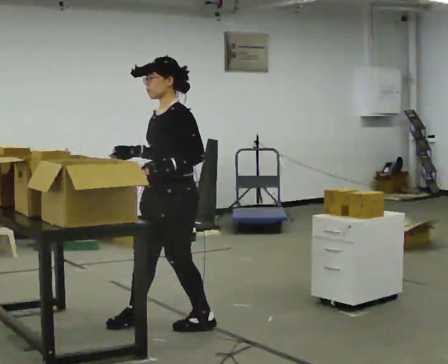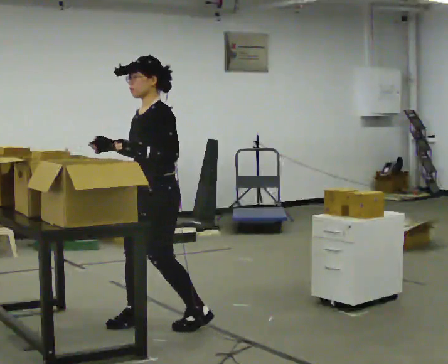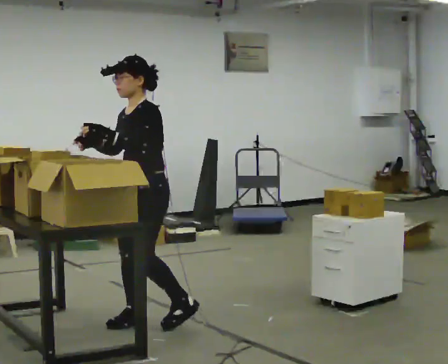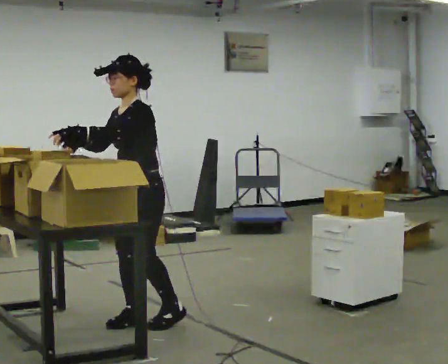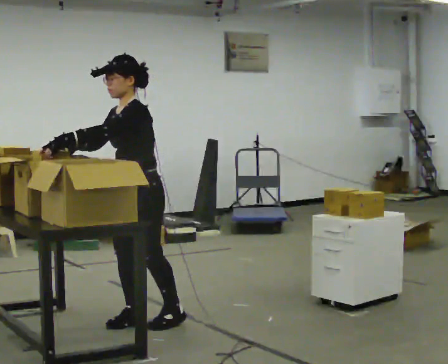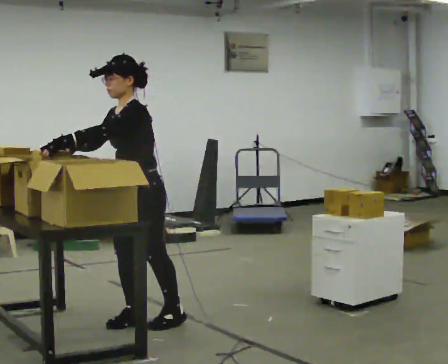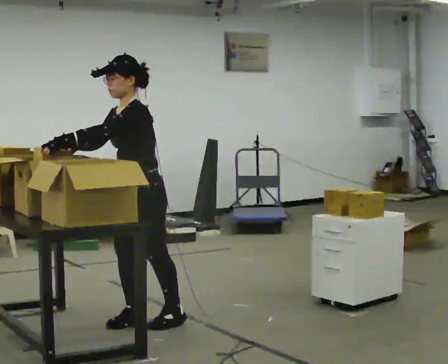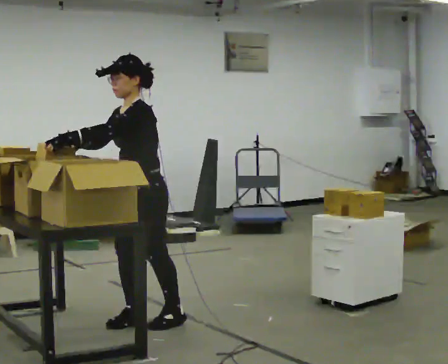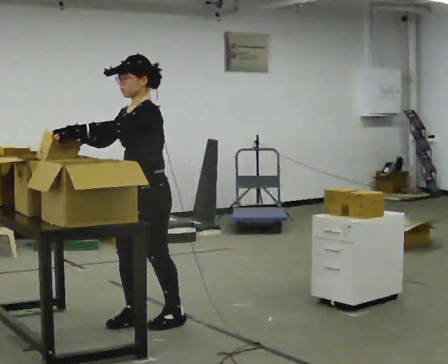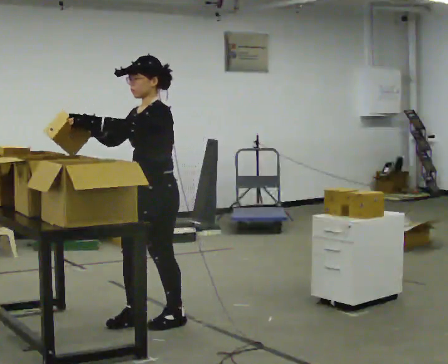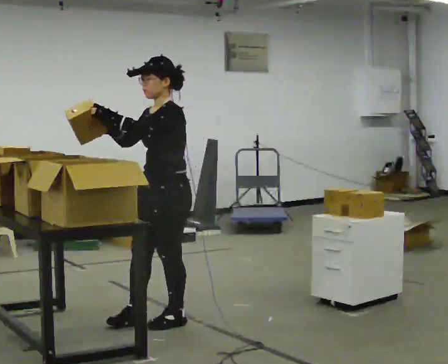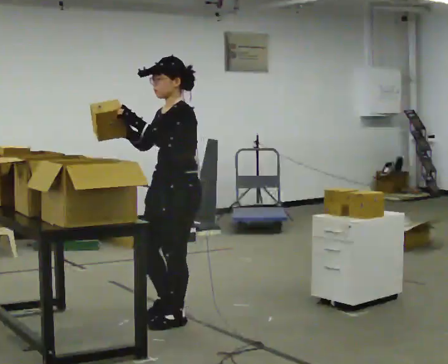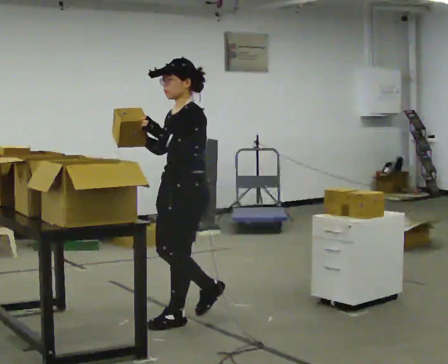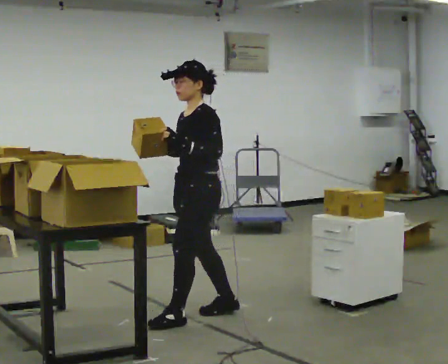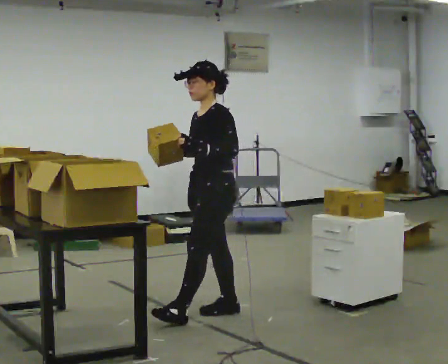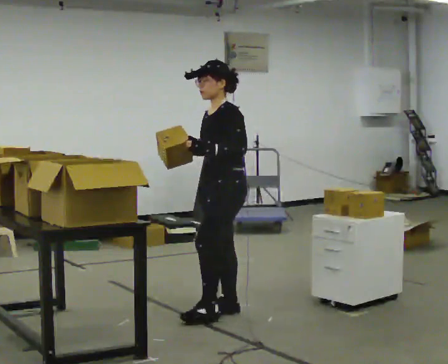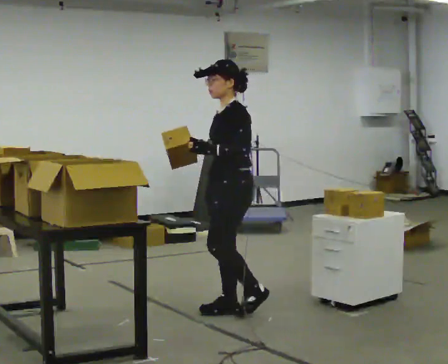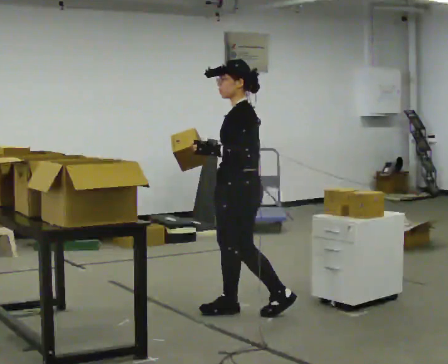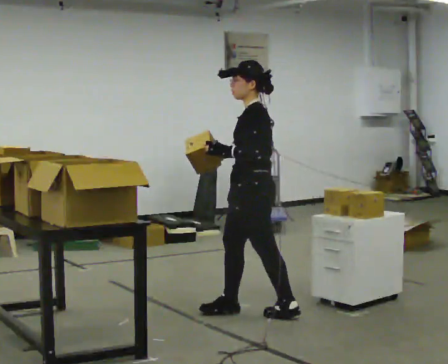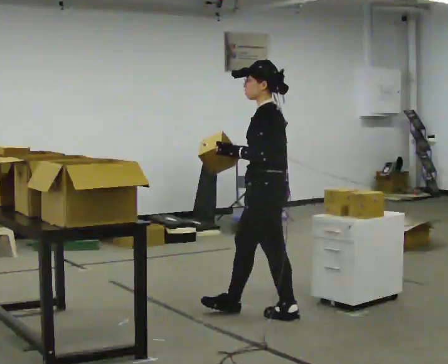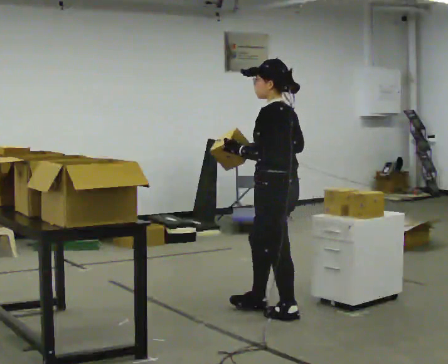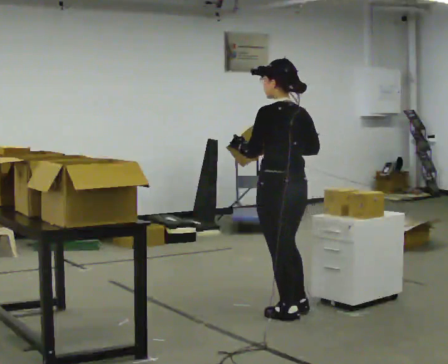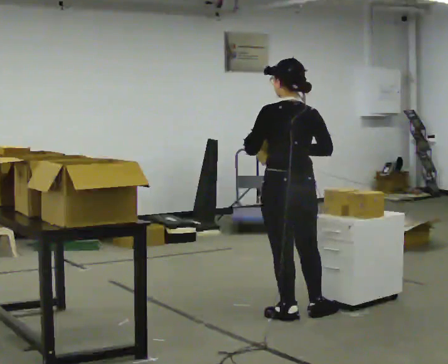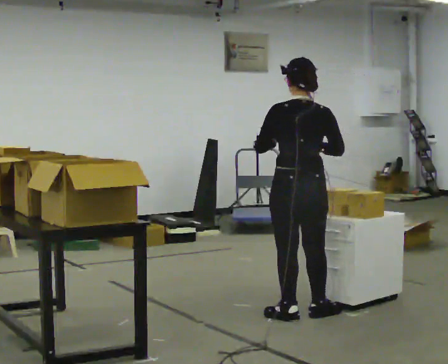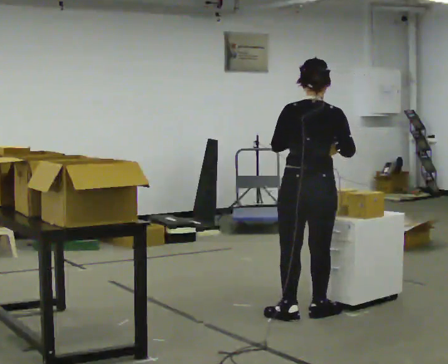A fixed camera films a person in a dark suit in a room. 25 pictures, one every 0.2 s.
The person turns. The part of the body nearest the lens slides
to the left.
The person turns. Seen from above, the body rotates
clockwise.
0.0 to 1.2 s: In the picture they go to the left, about 0.25 m in 1 step, which for them is to their right and forward. In the picture their left hand goes to the left.
1.2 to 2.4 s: In the picture they go to the right, about 0.25 m in 1 step, which for them is backward.
2.4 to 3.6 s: In the picture they go to the right, about 0.5 m in 1 step, which for them is backward.
3.6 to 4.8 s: The part of the body nearest the lens slides to the left as the person turns to their right by about 90 degrees. In the picture they go to the right, about 0.25 m in 1 step.
The film runs backward here.
